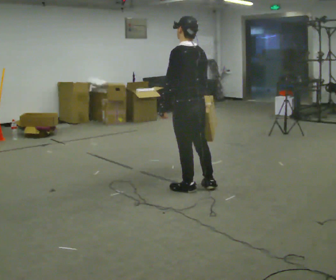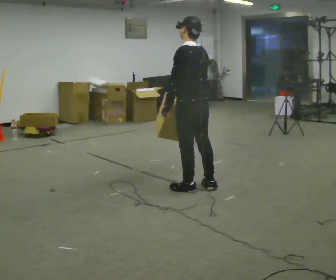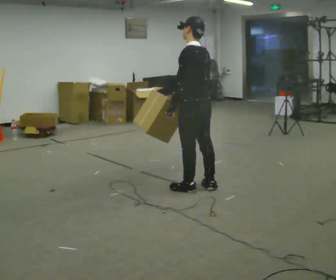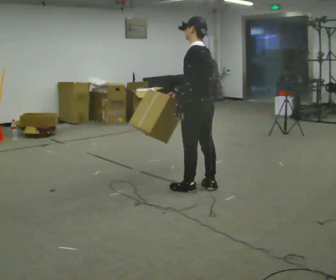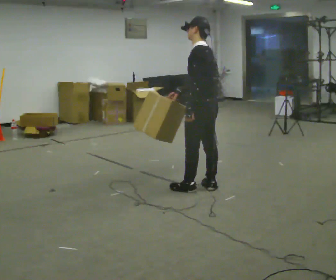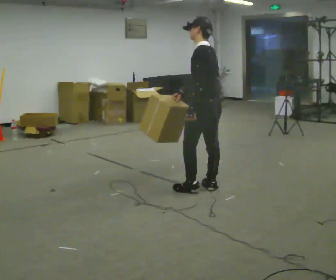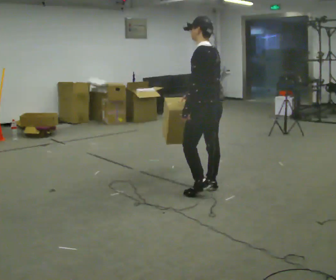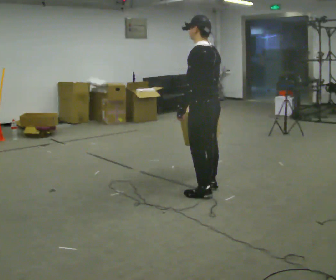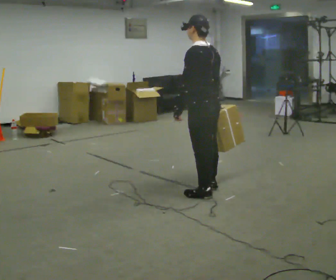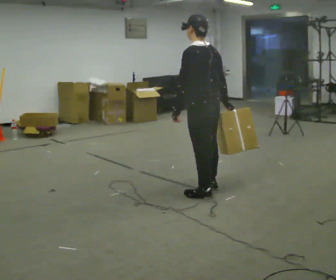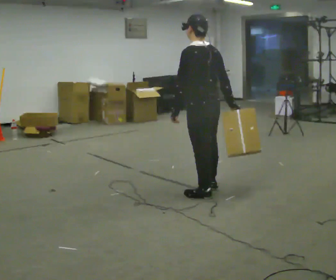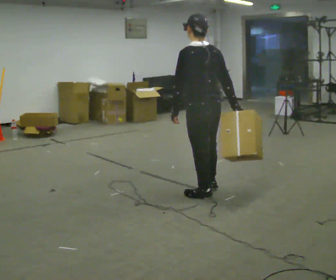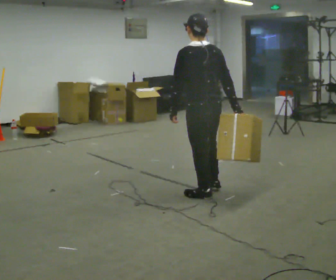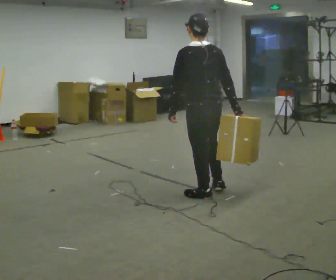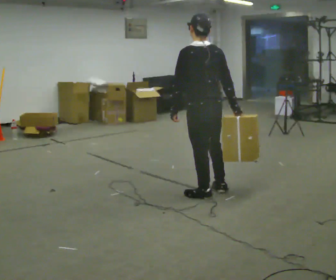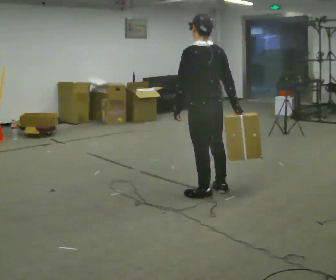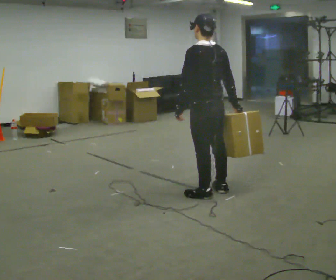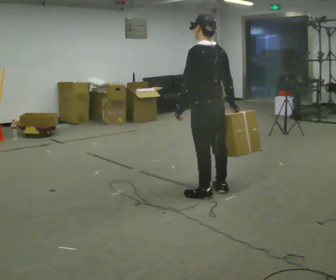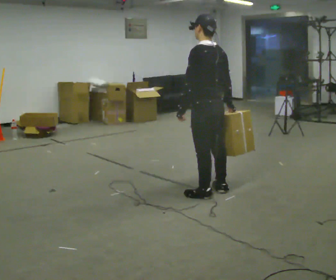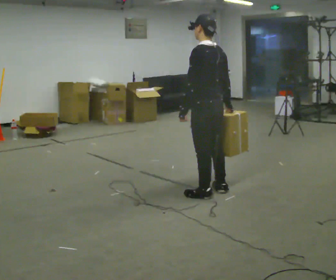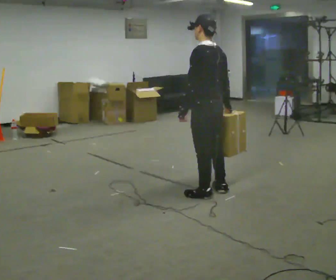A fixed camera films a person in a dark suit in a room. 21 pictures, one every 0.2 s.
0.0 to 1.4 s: The person moves a little, or ends about where they began.
1.4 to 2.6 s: Seen from above the body turns clockwise, about 30 degrees: to their right, with its near side sliding to the left. In the picture they go toward the camera, about 0.25 m, which for them is to their left and backward. In the picture their right hand goes to the right.
2.6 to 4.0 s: The part of the body nearest the lens slides to the right as the person turns to their left by about 30 degrees.
The film runs backward here.
